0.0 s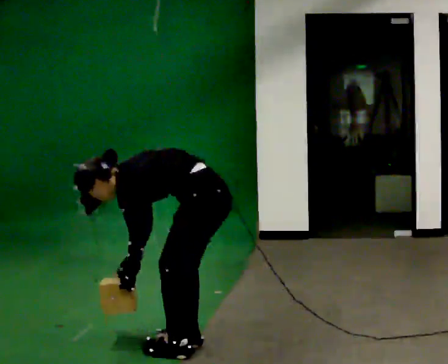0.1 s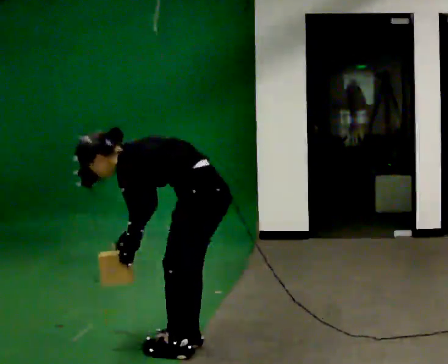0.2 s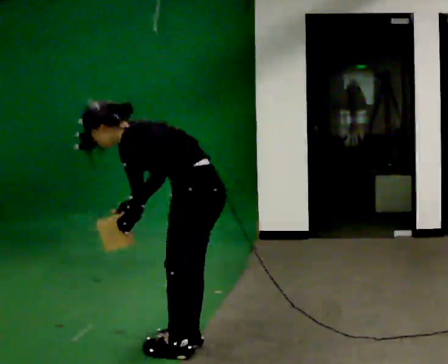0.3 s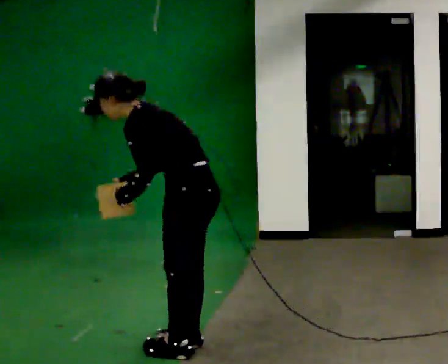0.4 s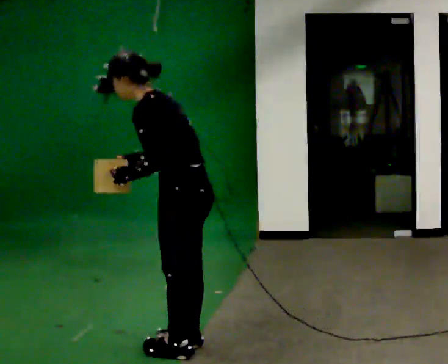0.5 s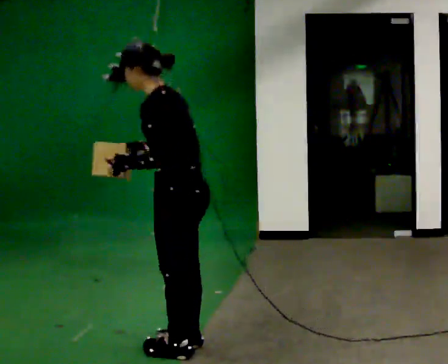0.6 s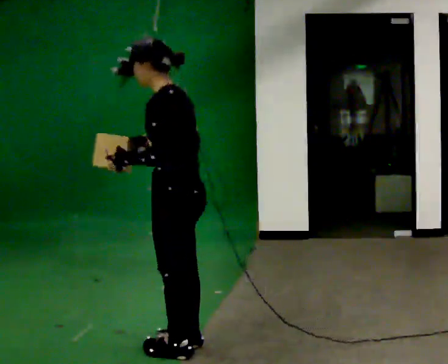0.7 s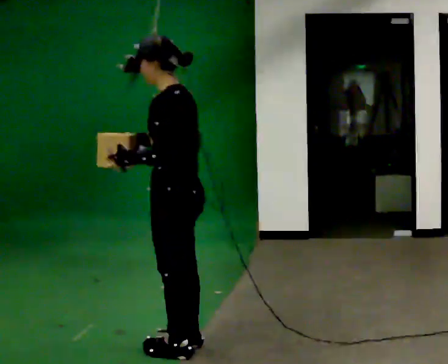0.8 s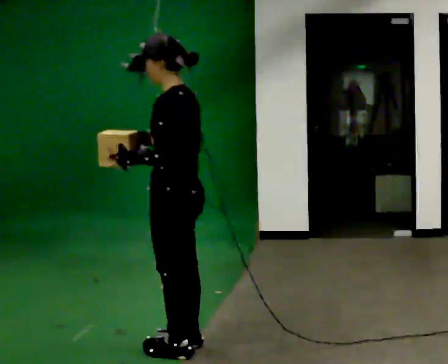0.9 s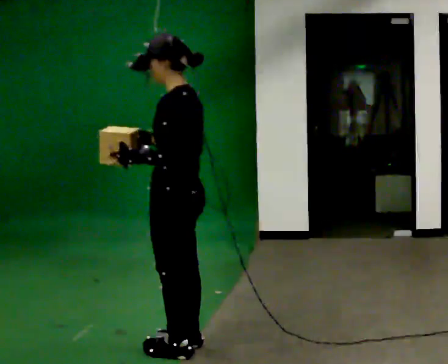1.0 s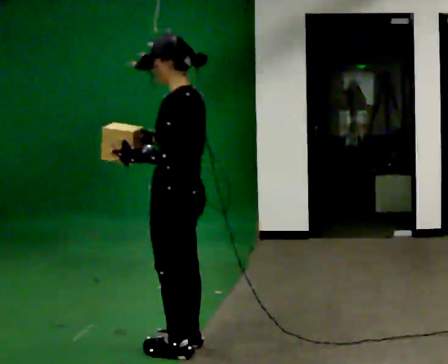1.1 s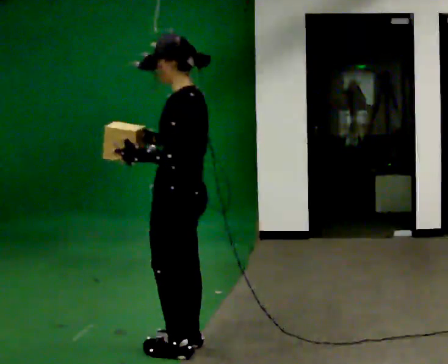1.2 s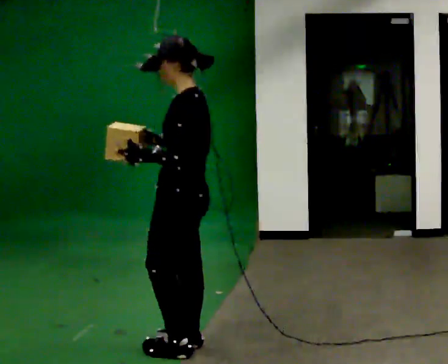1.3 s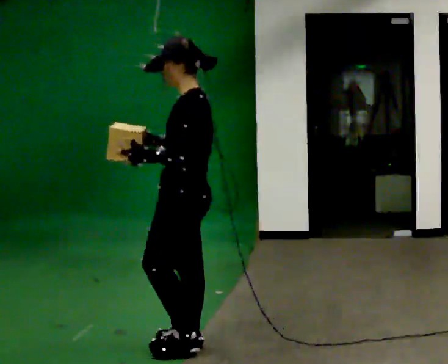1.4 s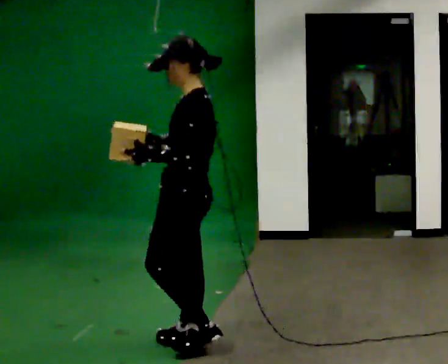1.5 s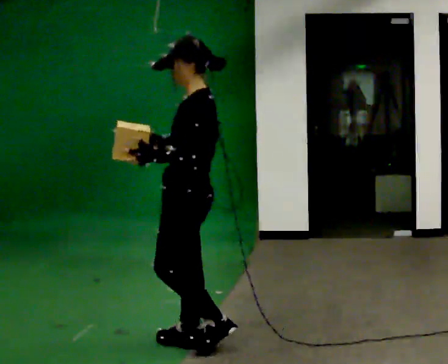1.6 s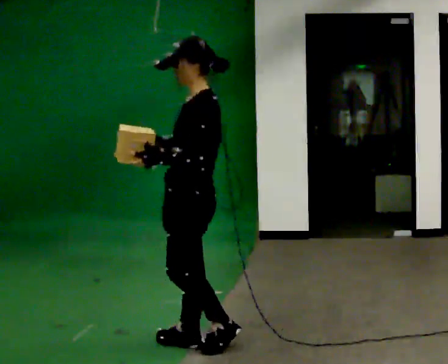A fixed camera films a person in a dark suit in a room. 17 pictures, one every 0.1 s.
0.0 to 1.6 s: The shoulders move upward. In the picture the upper body tilts clockwise, shoulders to the right, as they lean back or straighten. In the picture their right hand goes upward.
The film runs forward here.
